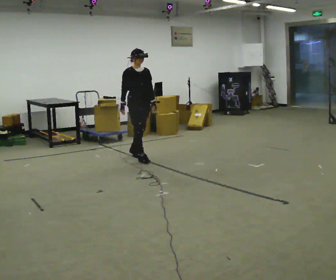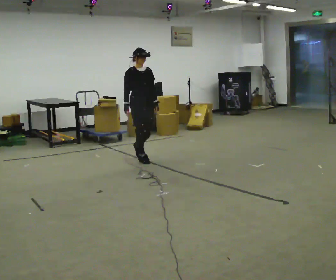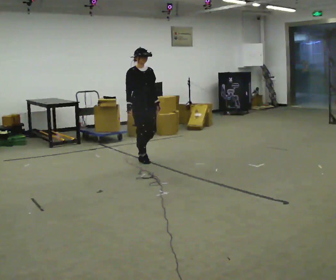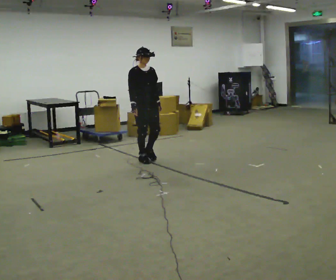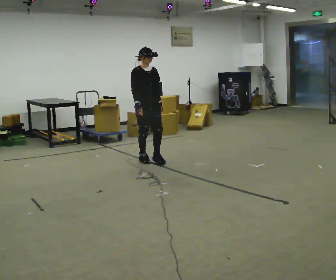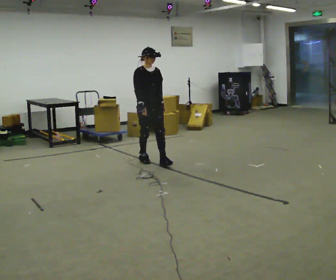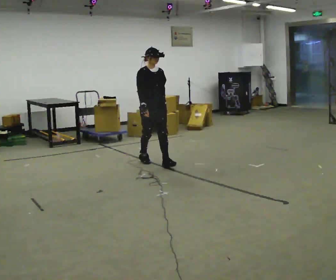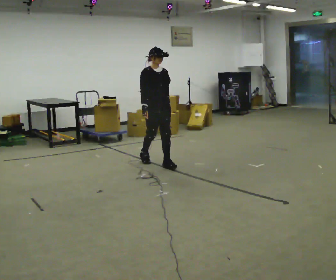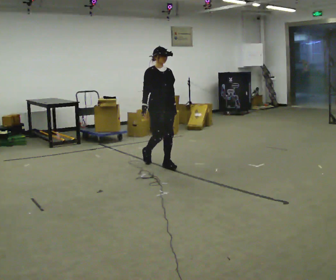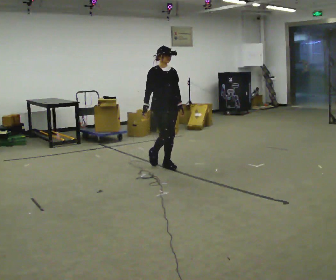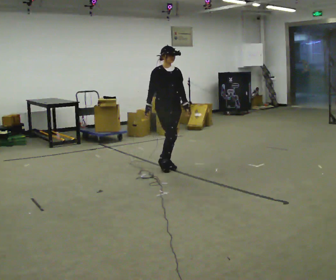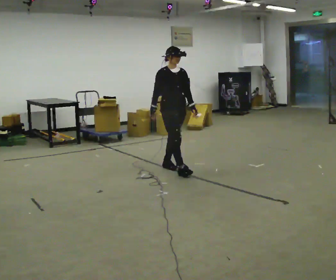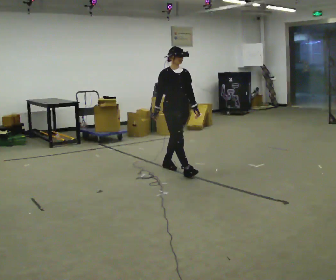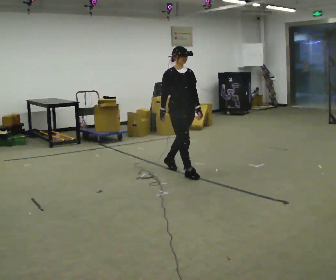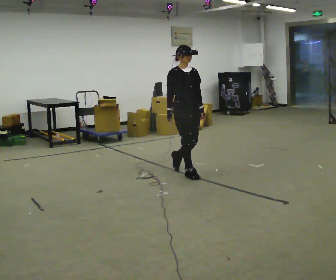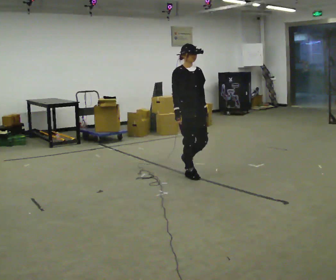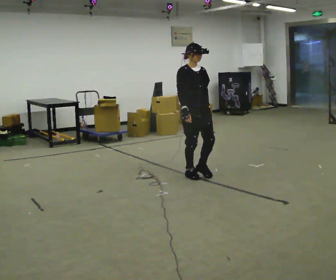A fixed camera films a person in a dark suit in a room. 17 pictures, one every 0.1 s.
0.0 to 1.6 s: In the picture they go toward the camera and to the right, about 1 m in 2 steps, which for them is forward.
The film runs forward here.
